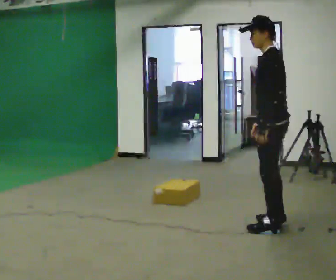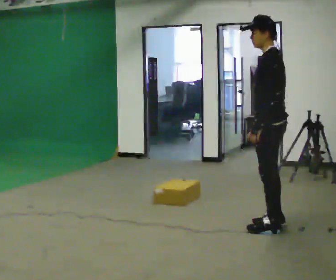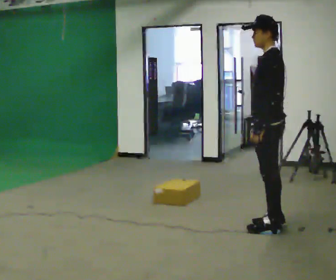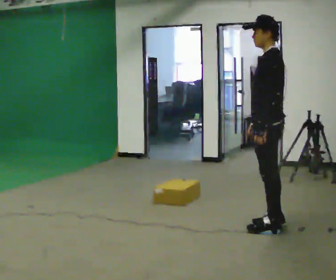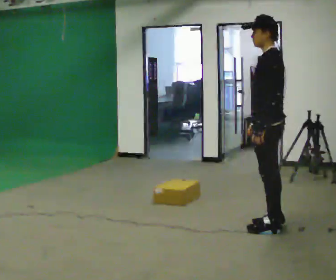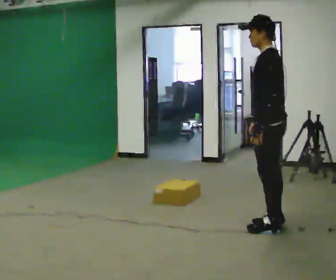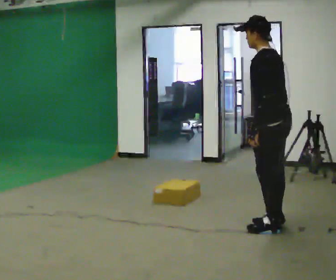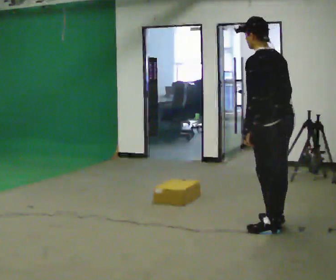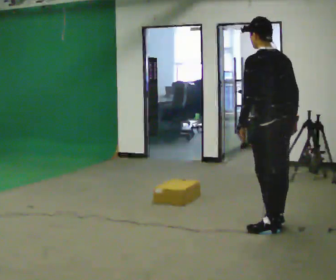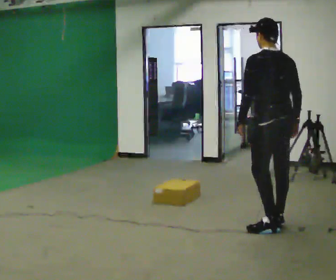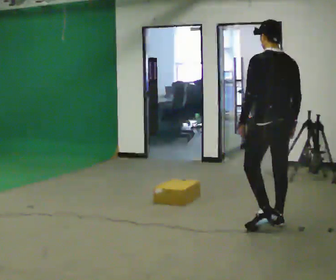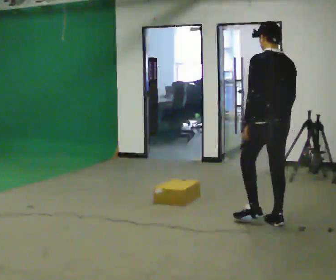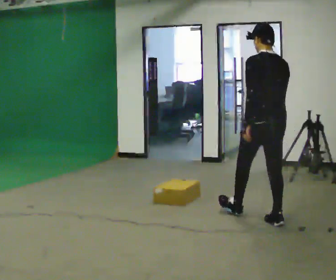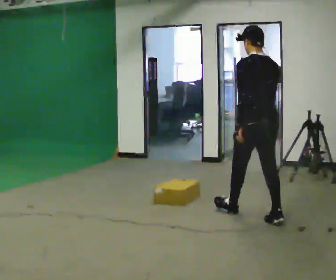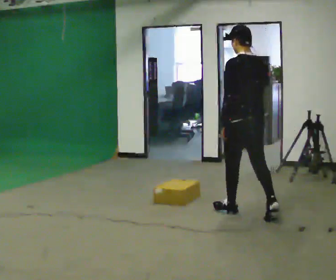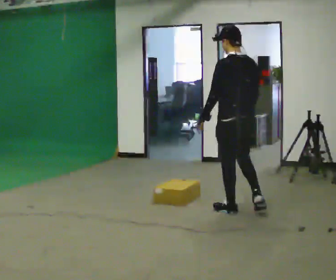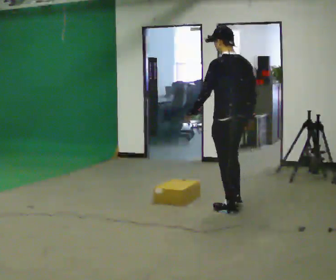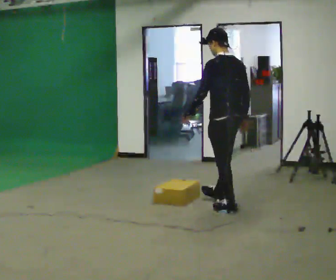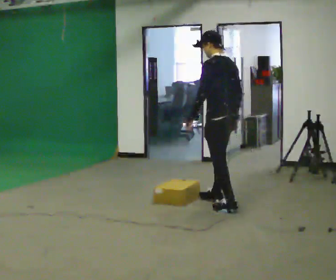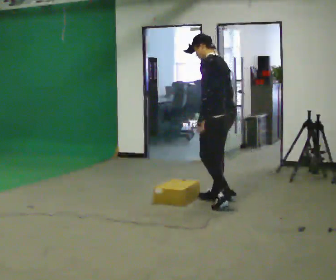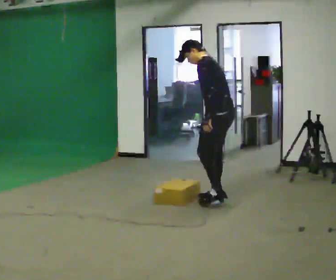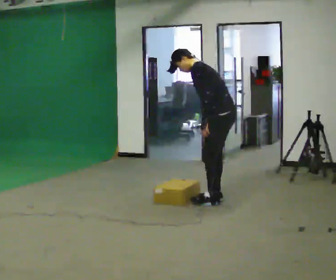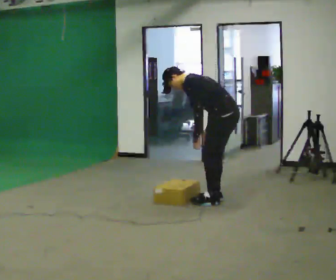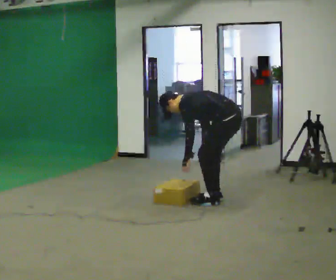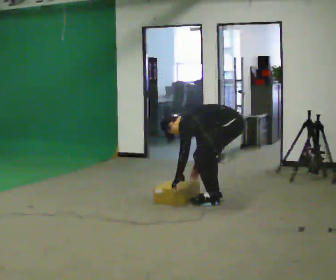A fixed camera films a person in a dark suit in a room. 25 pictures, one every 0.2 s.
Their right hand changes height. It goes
downward.
The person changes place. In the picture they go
away from the camera.
0.0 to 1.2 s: The person moves a little, or ends about where they began.
1.2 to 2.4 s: The person turns about 30 degrees to their right, clockwise seen from above, so the part of the body nearest the lens slides to the left. In the picture they go away from the camera, about 0.25 m, which for them is forward.
2.4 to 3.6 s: Seen from above the body turns counterclockwise, about 30 degrees: to their left, with its near side sliding to the right. In the picture they go away from the camera and to the left, about 0.5 m in 2 steps, which for them is forward.
3.6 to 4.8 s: The shoulders move downward. In the picture the upper body tilts counterclockwise, shoulders to the left, as they bend forward. In the picture their left hand goes downward.
The film runs forward here.
